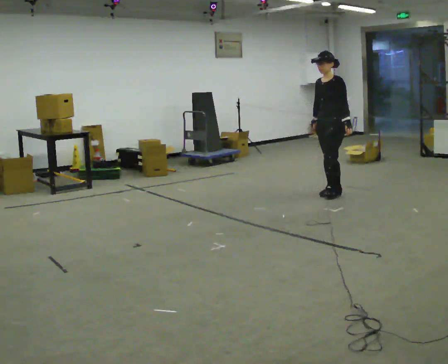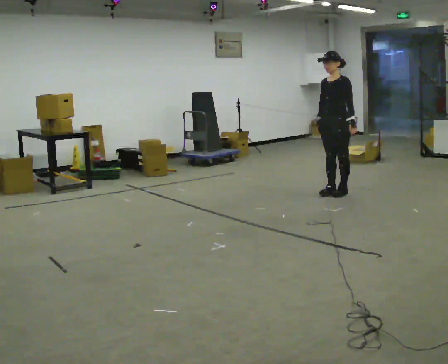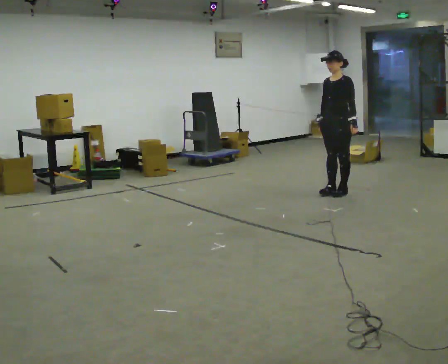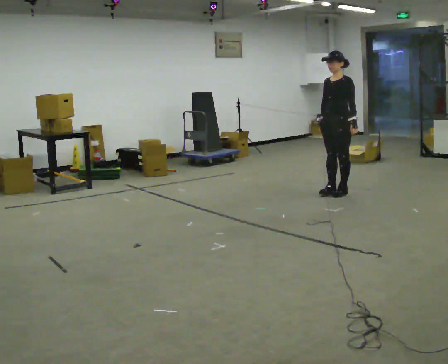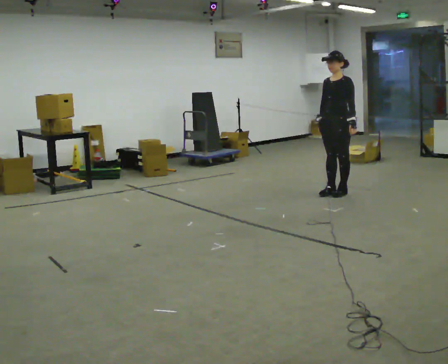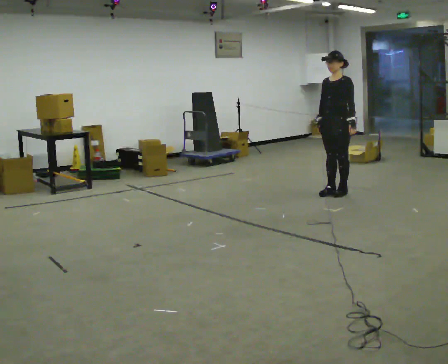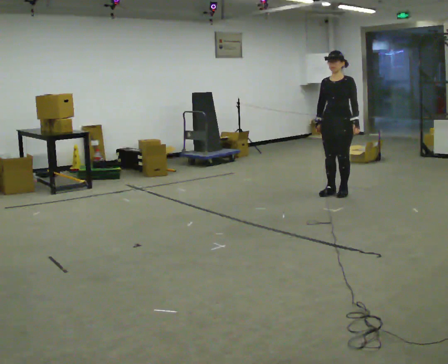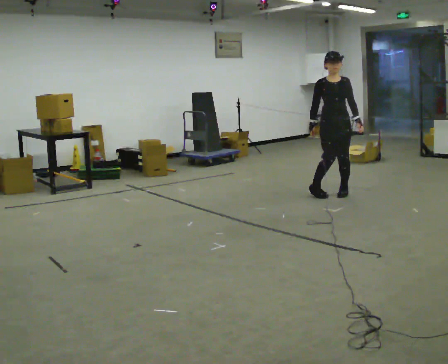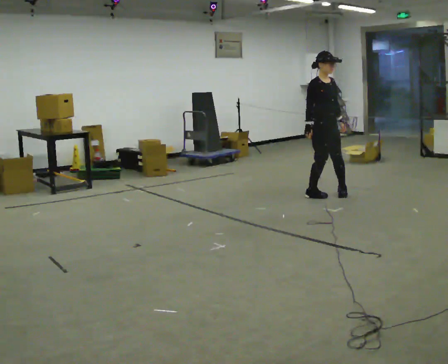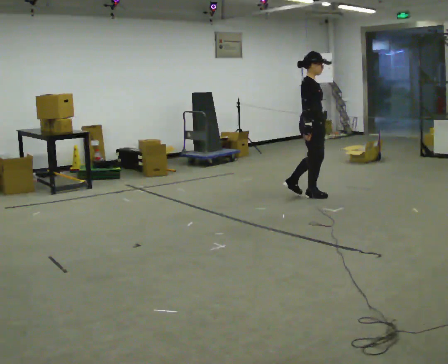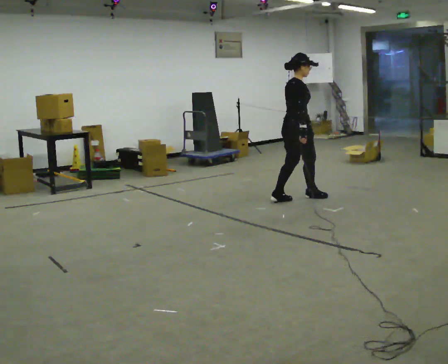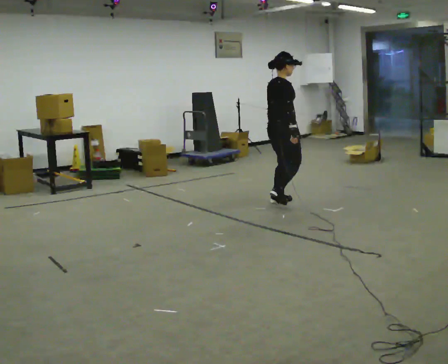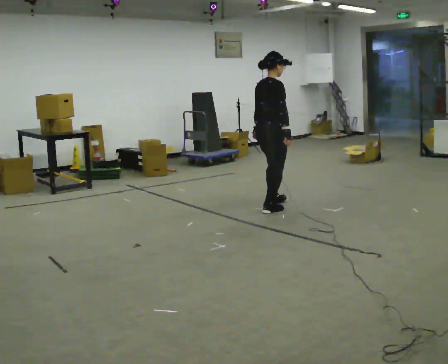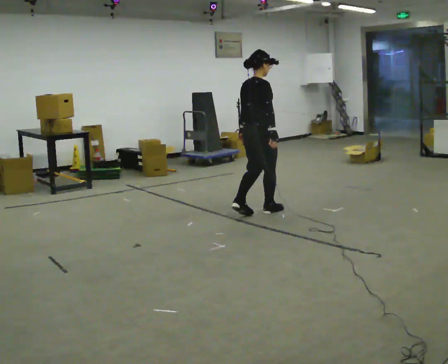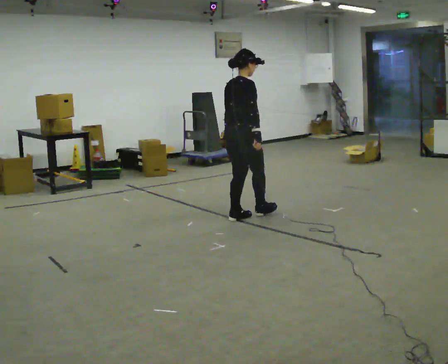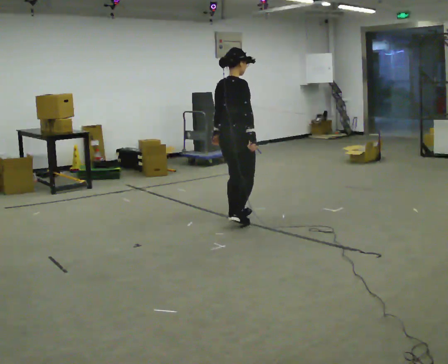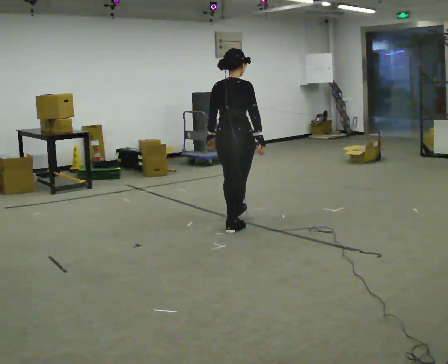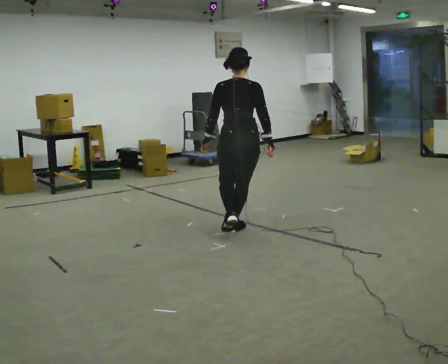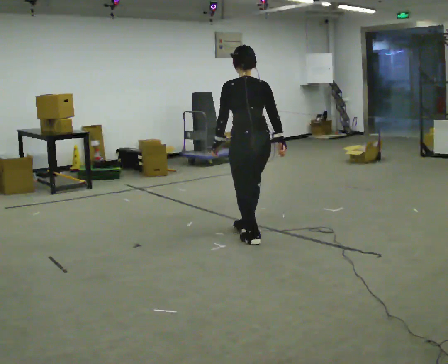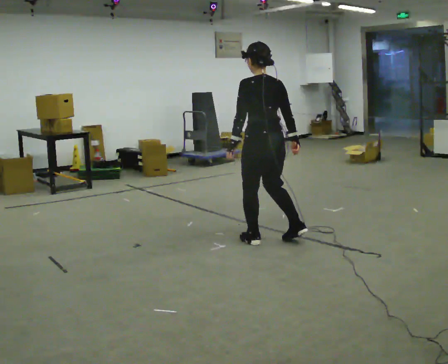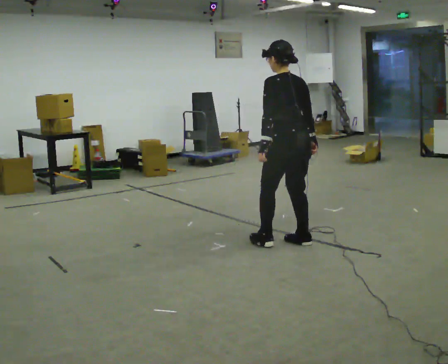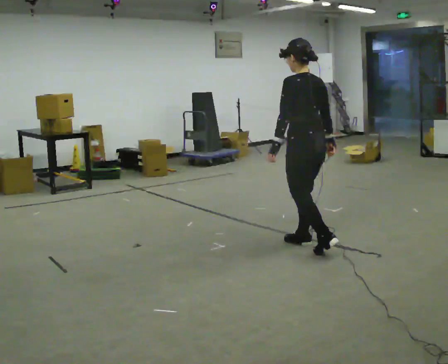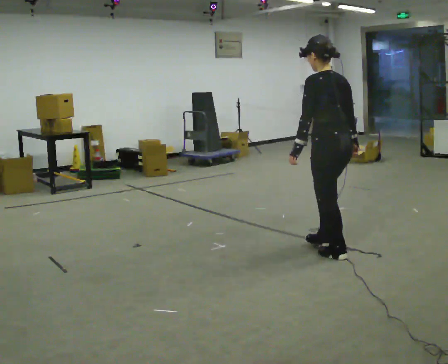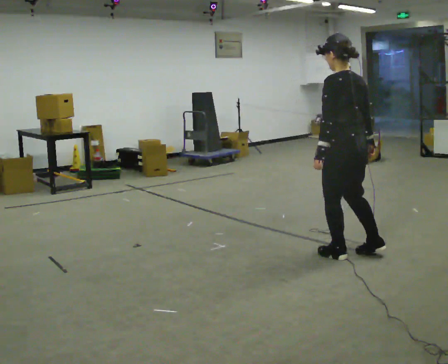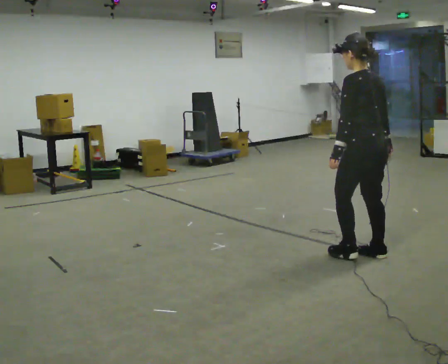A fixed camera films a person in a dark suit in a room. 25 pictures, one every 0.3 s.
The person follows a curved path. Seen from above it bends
counterclockwise.
The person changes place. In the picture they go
toward the camera.
0.0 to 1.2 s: The person moves a little, or ends about where they began.
1.2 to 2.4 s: Seen from above the body turns counterclockwise, about 90 degrees: to their left, with its near side sliding to the right. In the picture they go to the left, about 0.25 m in 1 step.
2.4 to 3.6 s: The person turns about 90 degrees to their left, counterclockwise seen from above, so the part of the body nearest the lens slides to the right. In the picture they go to the left and toward the camera, about 1 m in 2 steps.
3.6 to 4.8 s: The person turns about 30 degrees to their left, counterclockwise seen from above, so the part of the body nearest the lens slides to the right. In the picture they go toward the camera and to the left, about 0.5 m in 2 steps, which for them is backward and to their right.
4.8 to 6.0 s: The part of the body nearest the lens slides to the right as the person turns to their left by about 60 degrees. In the picture they go toward the camera and to the right, about 0.75 m in 2 steps.
6.0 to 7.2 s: In the picture they go to the right and toward the camera, about 0.75 m in 2 steps, which for them is backward.
The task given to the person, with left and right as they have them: Walk backward several steps, then turn while still moving backward, then continue backward. Operator confirms the space behind you is clear.
The film runs forward here.
